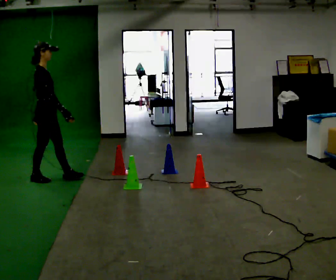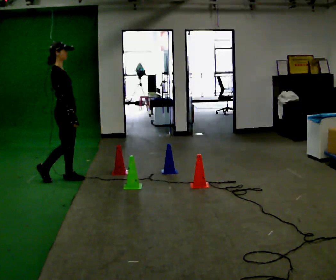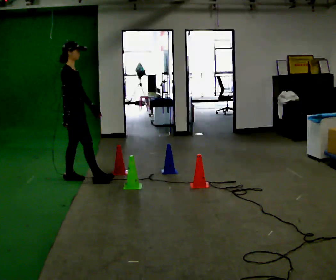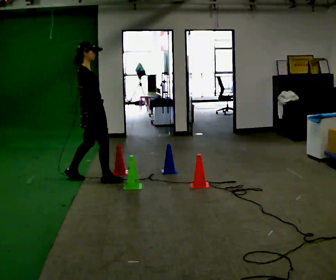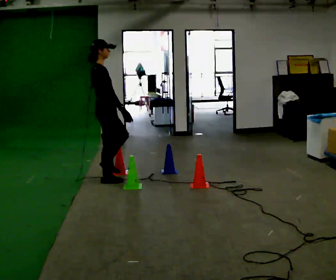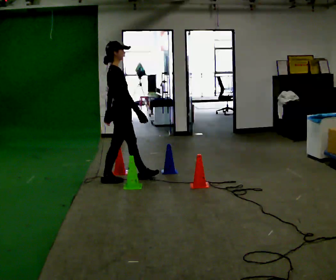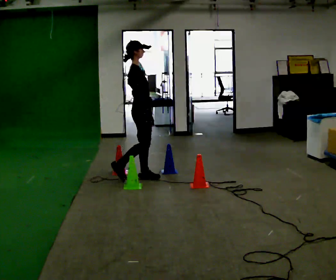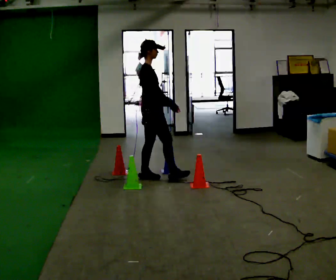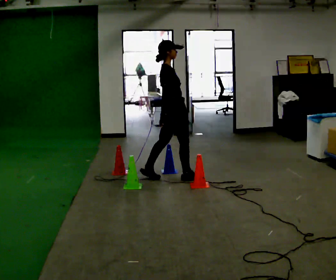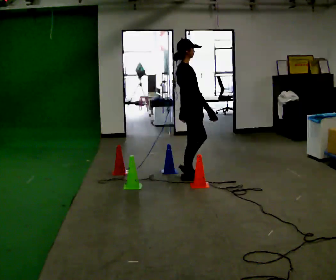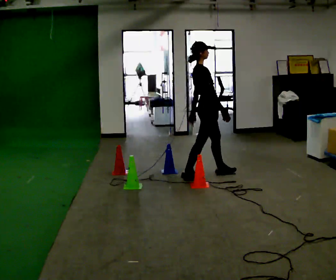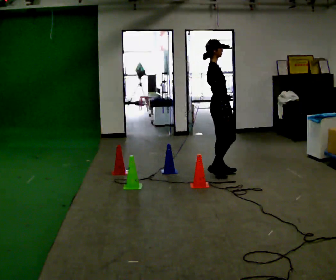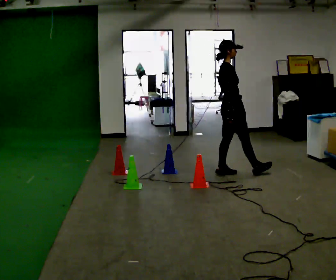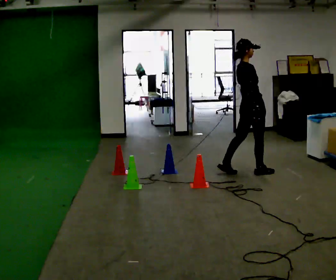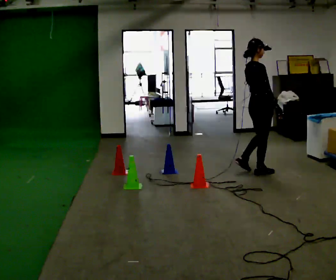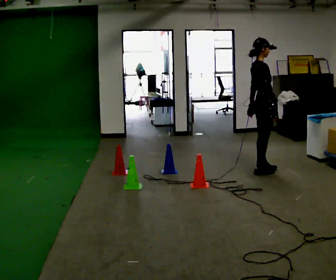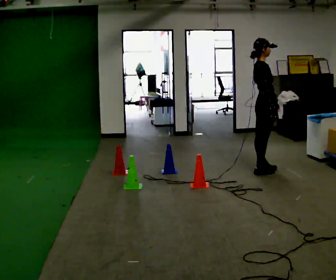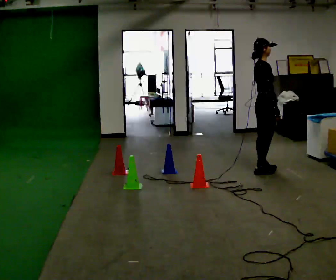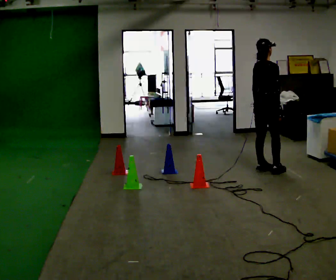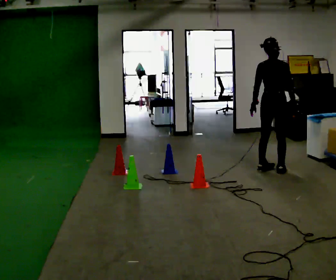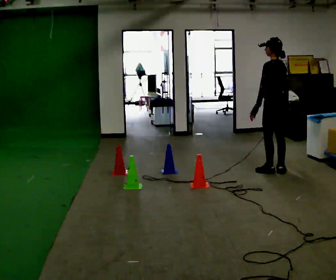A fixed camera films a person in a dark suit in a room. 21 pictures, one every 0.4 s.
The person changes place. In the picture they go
to the right.
0.0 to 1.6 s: In the picture they go to the right, about 0.75 m in 1 step, which for them is forward.
1.6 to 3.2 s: In the picture they go to the right, about 1 m in 2 steps, which for them is forward.
3.2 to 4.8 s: In the picture they go to the right, about 0.75 m in 1 step, which for them is forward.
4.8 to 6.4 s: In the picture they go to the right, about 0.5 m in 2 steps, which for them is forward.
6.4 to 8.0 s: The person turns about 120 degrees to their left, counterclockwise seen from above, so the part of the body nearest the lens slides to the right.
The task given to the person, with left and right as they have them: Walk through passage without touching sides; continue normally after exit.
The film runs forward here.
